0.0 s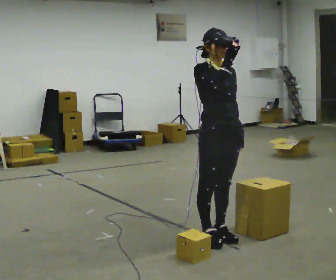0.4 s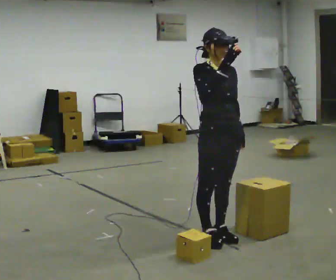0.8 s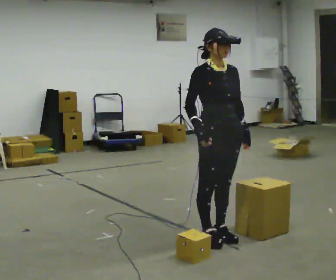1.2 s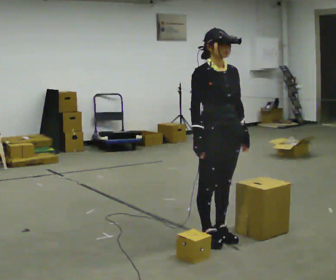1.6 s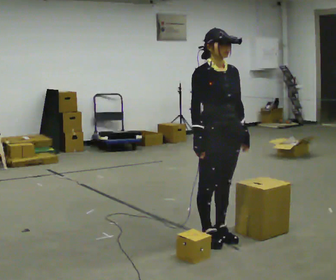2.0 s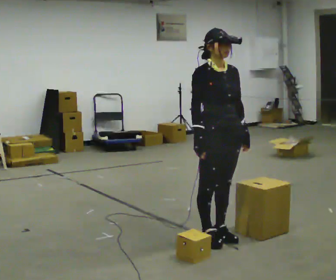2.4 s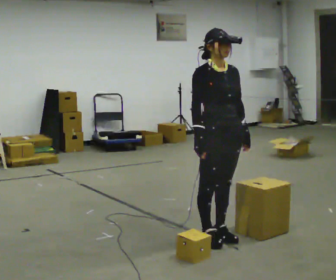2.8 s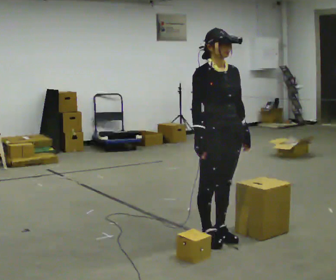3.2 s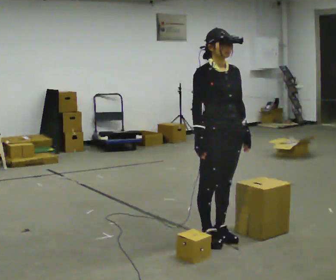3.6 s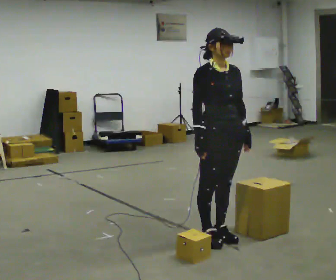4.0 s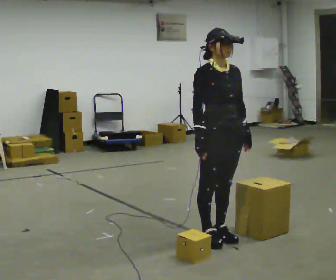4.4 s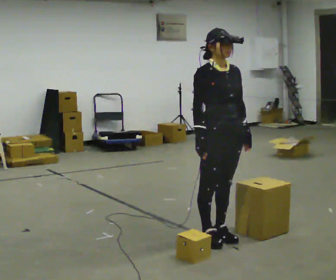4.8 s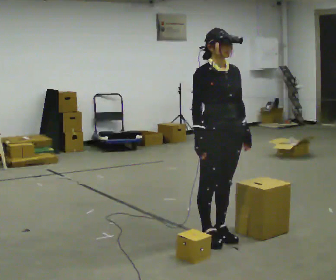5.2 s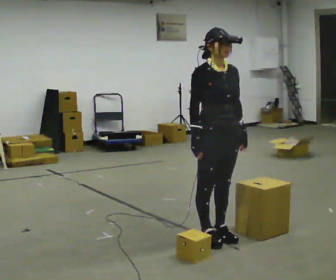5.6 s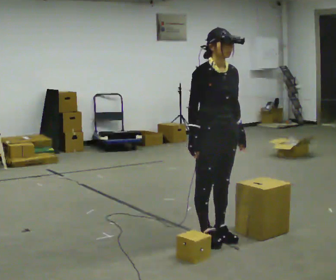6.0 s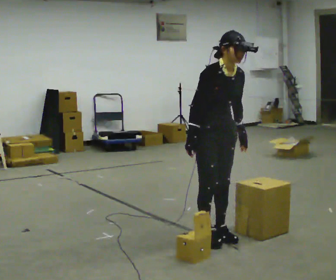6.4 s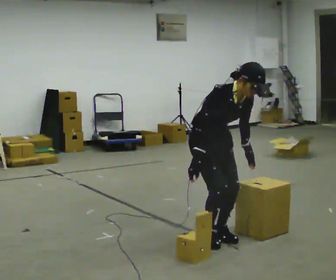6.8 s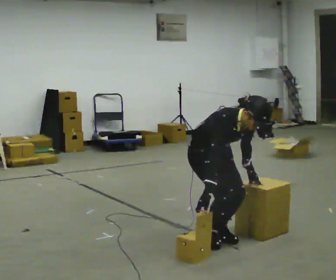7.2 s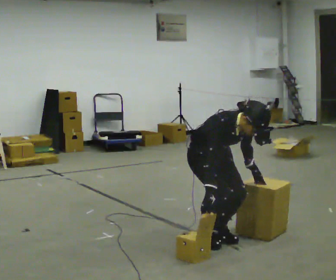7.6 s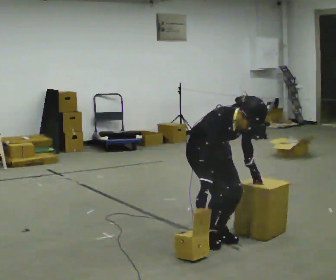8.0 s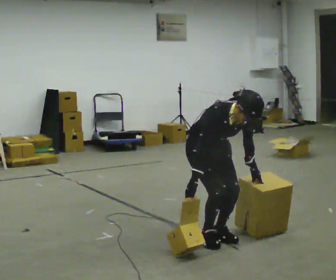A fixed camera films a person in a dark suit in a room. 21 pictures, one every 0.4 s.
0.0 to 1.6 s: In the picture their right hand goes downward.
1.6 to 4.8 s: The person keeps their place and pose.
4.8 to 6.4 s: The shoulders move downward. In the picture the upper body tilts clockwise, shoulders to the right, as they bend forward.
6.4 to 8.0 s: The upper body tips toward the camera, its near side rolling downward, as they bend forward.
The film runs backward here.
